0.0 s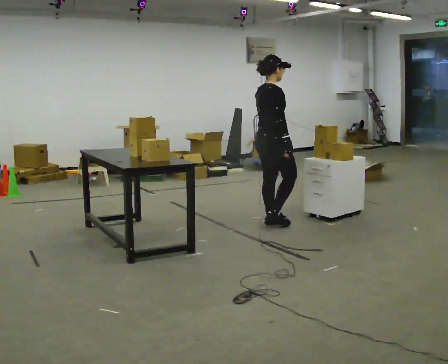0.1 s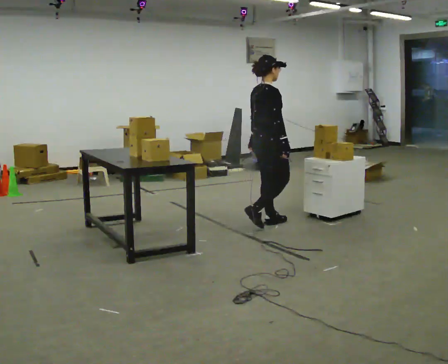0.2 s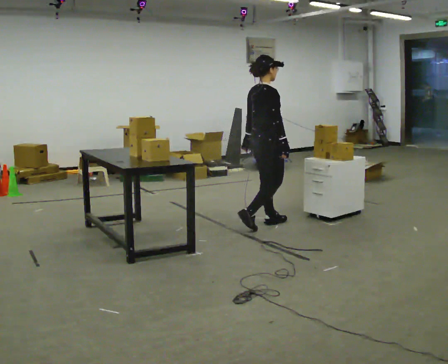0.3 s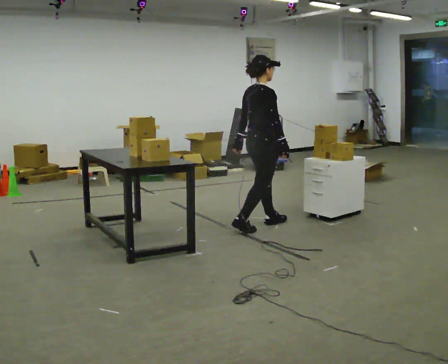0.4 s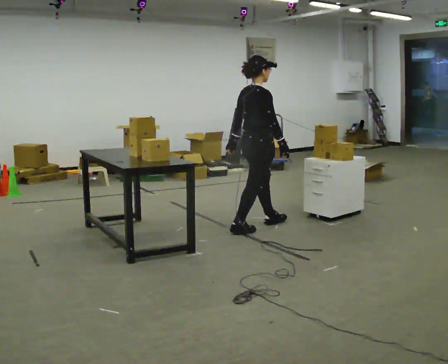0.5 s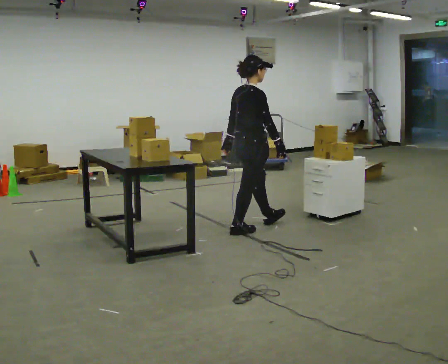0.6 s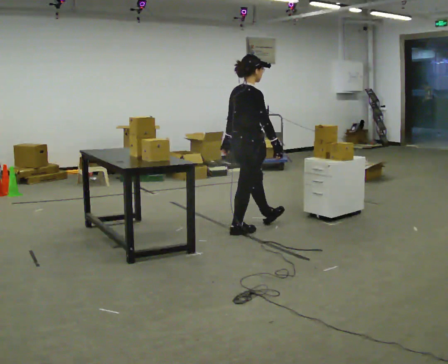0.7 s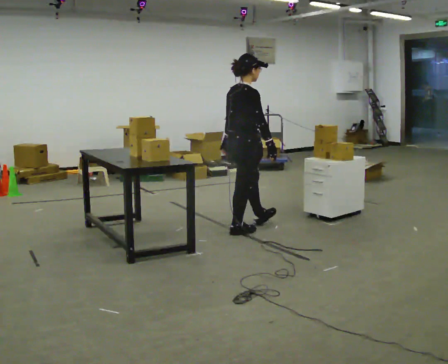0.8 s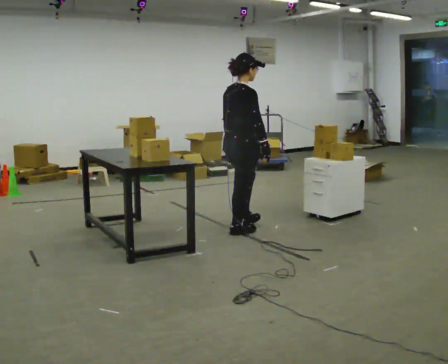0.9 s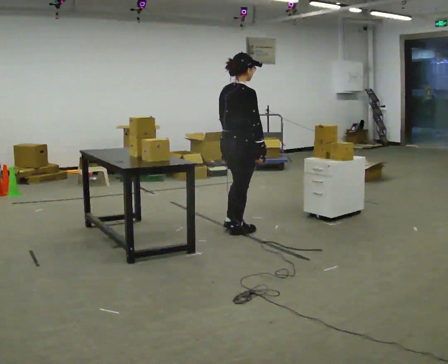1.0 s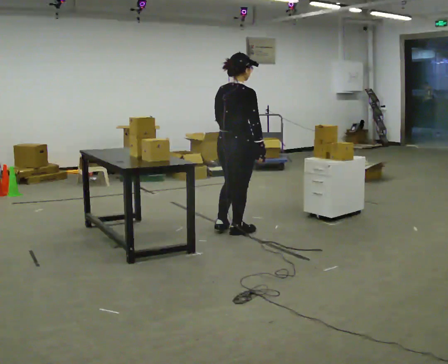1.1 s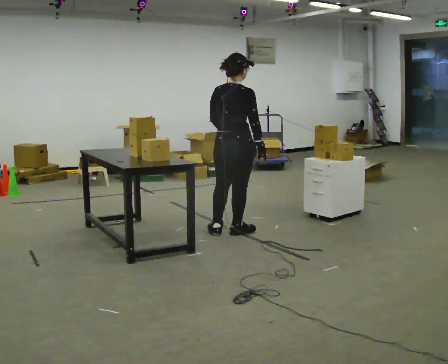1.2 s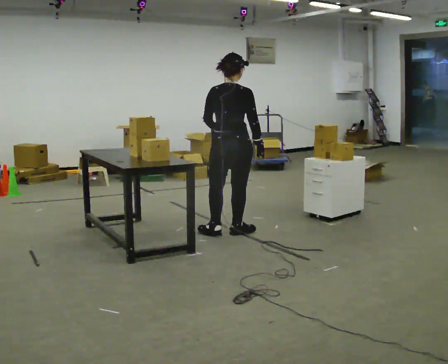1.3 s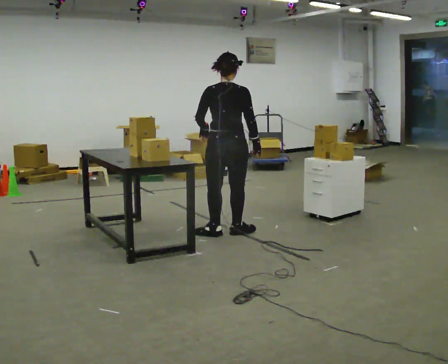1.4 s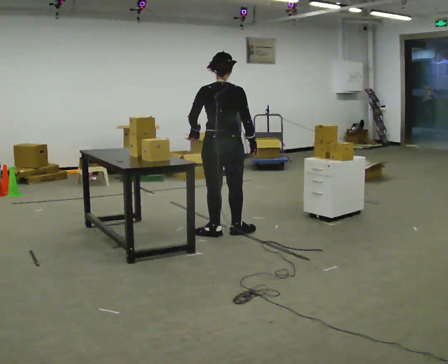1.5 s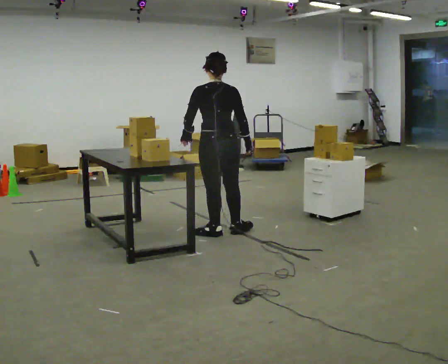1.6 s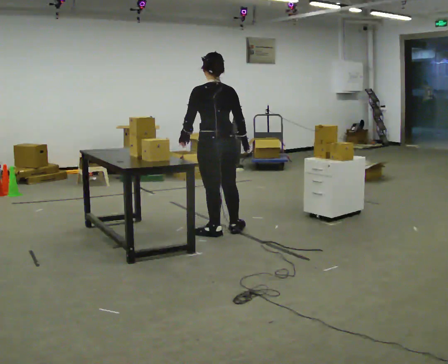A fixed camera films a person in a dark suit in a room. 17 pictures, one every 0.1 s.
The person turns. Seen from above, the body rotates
counterclockwise.
The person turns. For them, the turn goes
to their left.
0.0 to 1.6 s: The person turns about 90 degrees to their left, counterclockwise seen from above, so the part of the body nearest the lens slides to the right. In the picture they go to the left and toward the camera, about 0.5 m in 1 step.
The film runs backward here.
